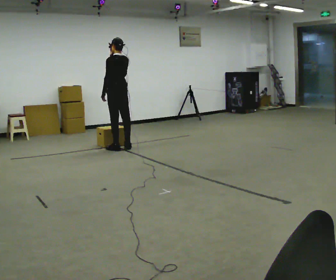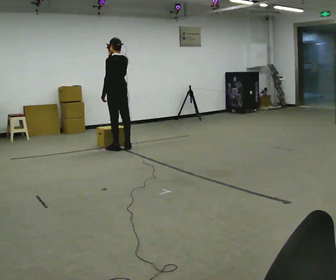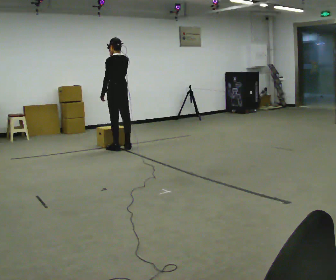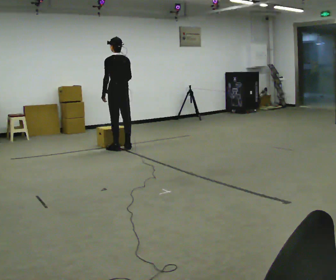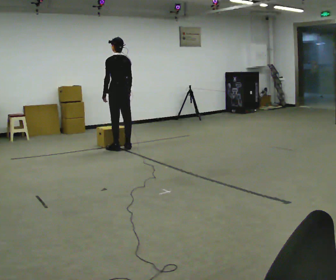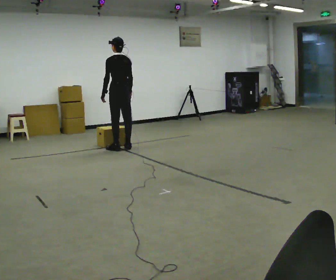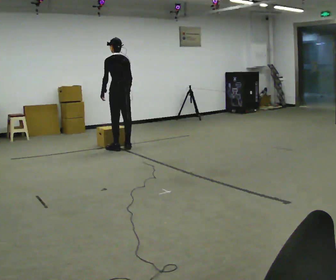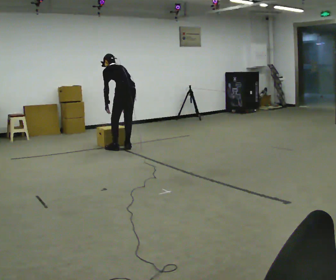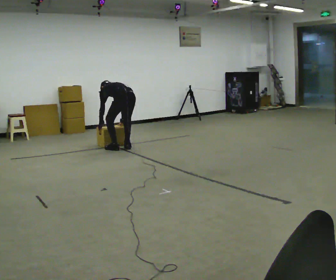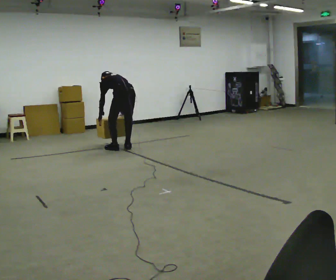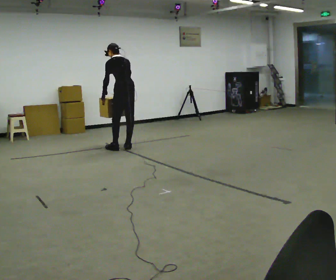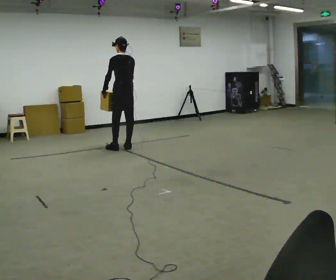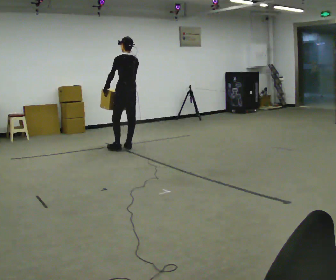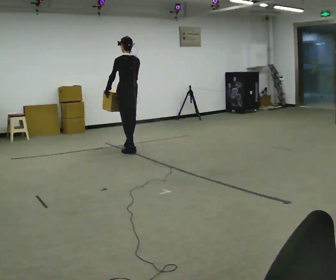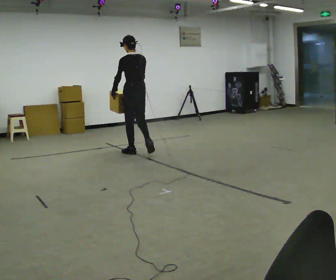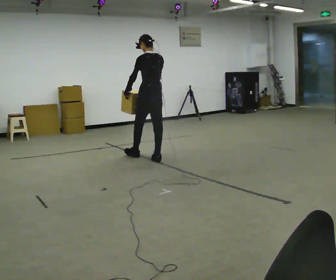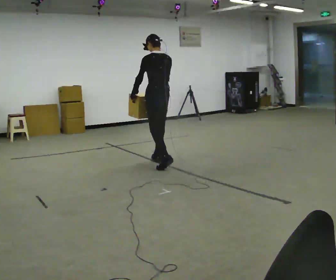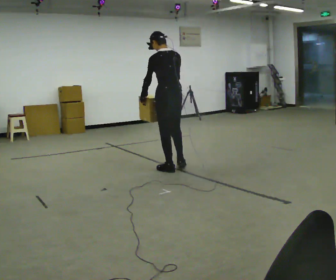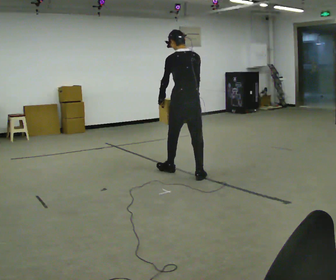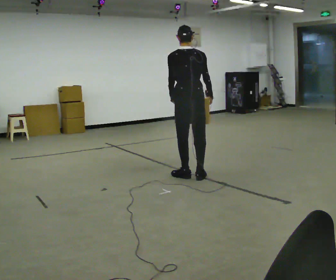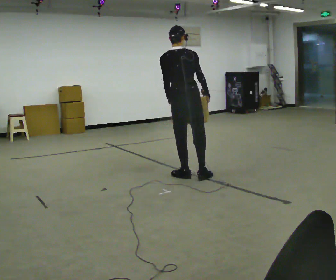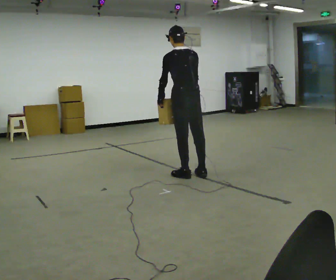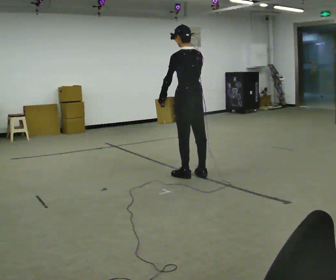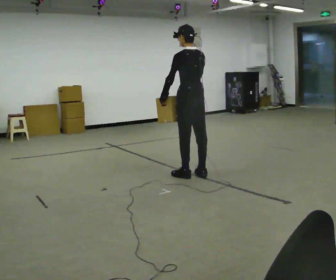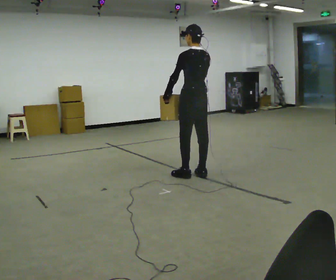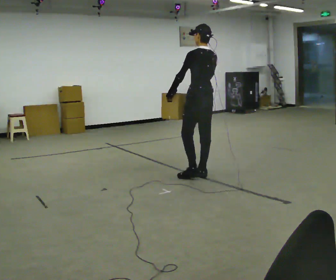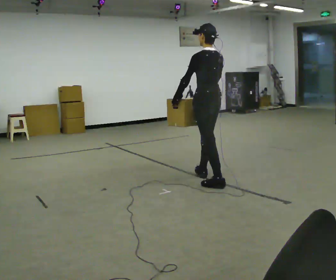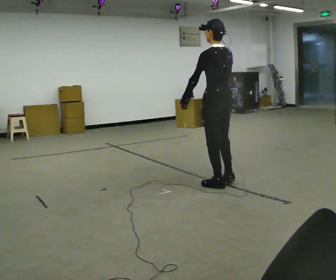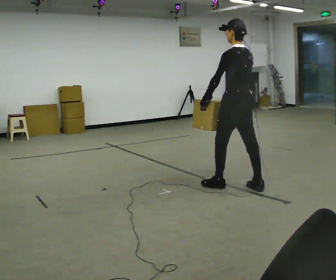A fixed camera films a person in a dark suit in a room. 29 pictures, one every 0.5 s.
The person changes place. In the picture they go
toward the camera.
0.0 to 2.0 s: In the picture their right hand goes downward.
2.0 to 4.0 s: In the picture they go toward the camera, about 0.25 m, which for them is backward. The shoulders move downward. The upper body tips away from the camera, its near side rolling upward, as they bend forward. In the picture their right hand goes downward.
4.0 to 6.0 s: The shoulders move upward. The upper body tips toward the camera, its near side rolling downward, as they lean back or straighten. In the picture their right hand goes upward.
6.0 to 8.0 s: In the picture they go toward the camera and to the right, about 1 m in 2 steps, which for them is backward.
8.0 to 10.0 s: The part of the body nearest the lens slides to the left as the person turns to their right by about 45 degrees. In the picture they go toward the camera, about 1 m in 2 steps, which for them is backward.
10.0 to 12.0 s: The person turns about 45 degrees to their left, counterclockwise seen from above, so the part of the body nearest the lens slides to the right.
12.0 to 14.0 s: In the picture they go toward the camera and to the right, about 0.75 m in 2 steps, which for them is backward.
The film runs backward here.
